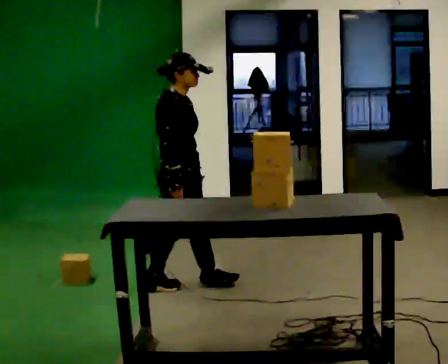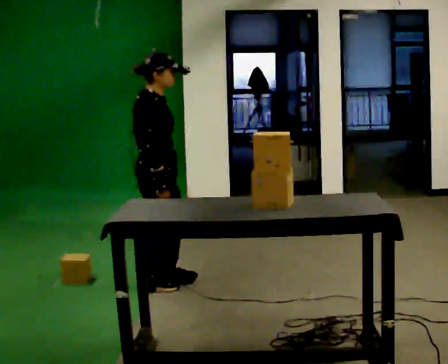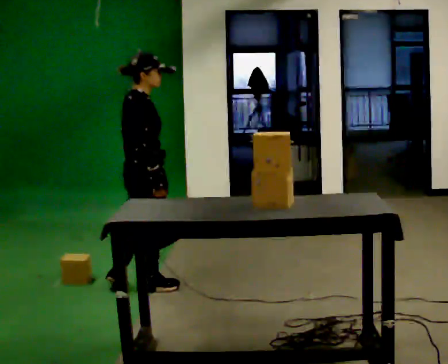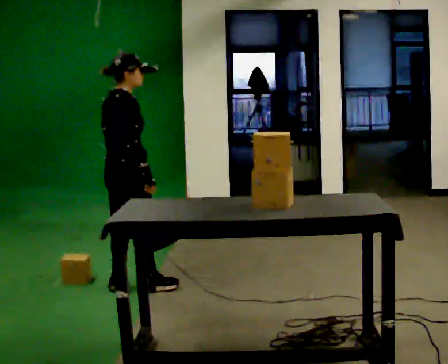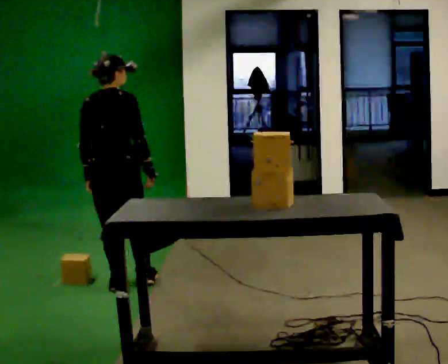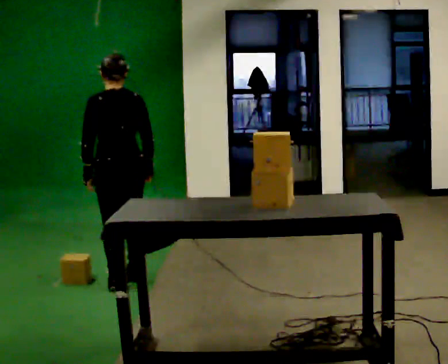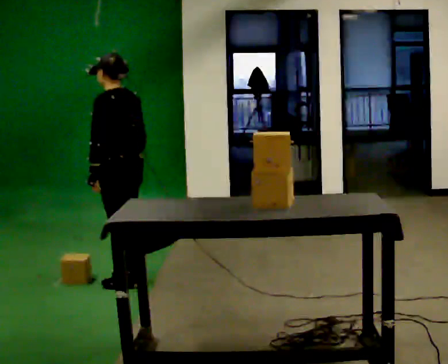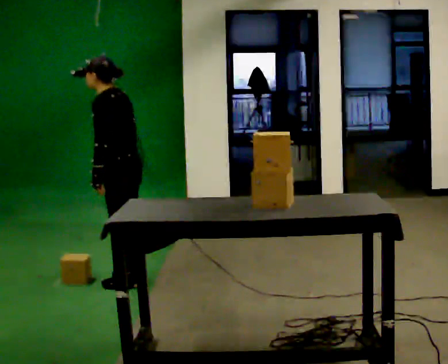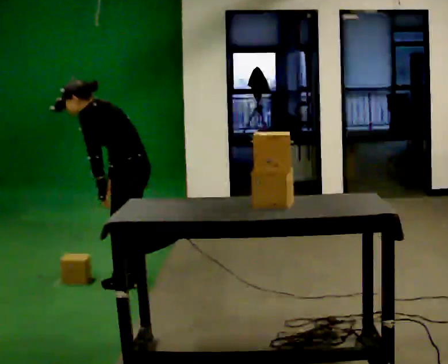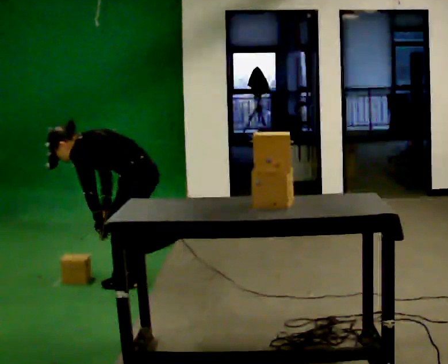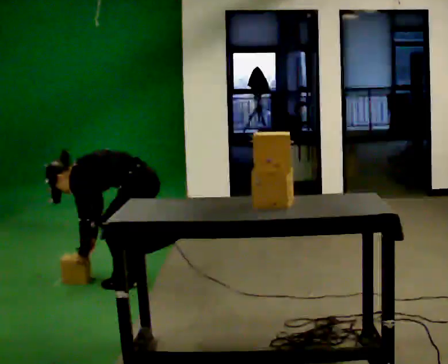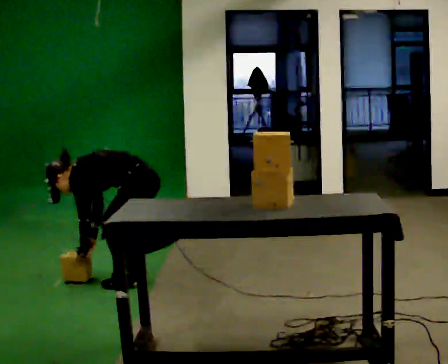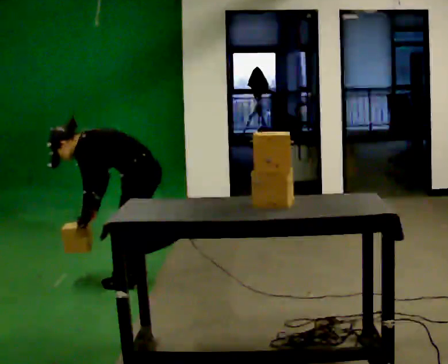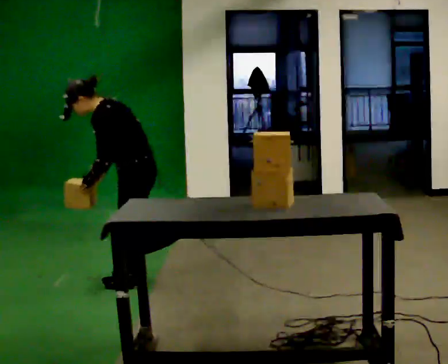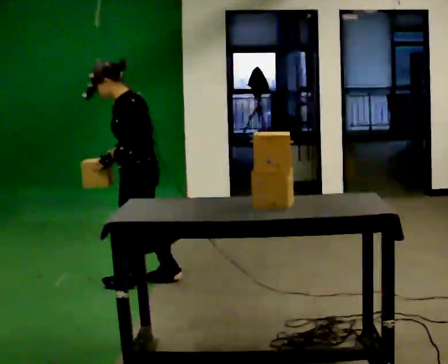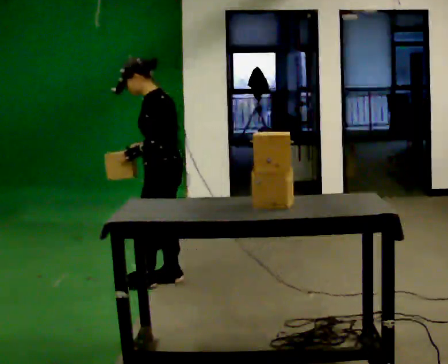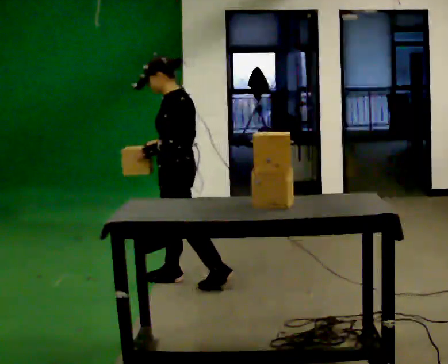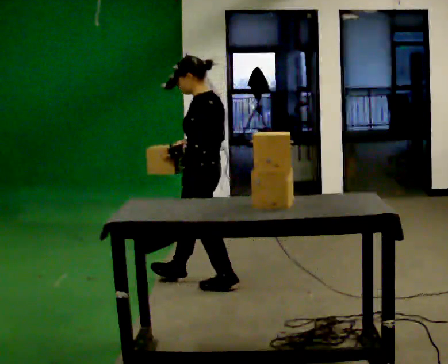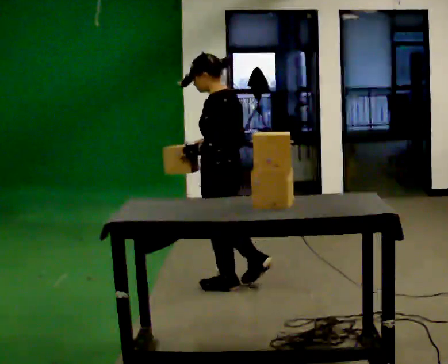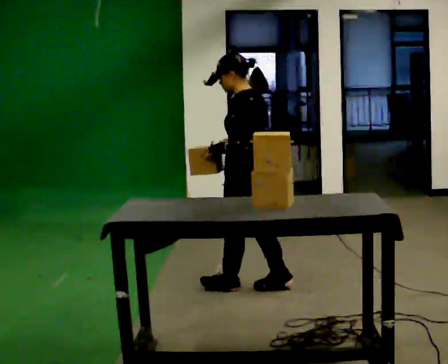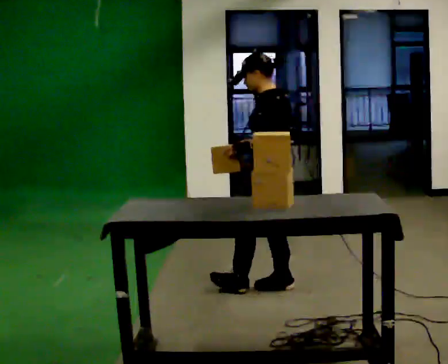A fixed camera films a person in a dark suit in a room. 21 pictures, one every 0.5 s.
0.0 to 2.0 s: Seen from above the body turns counterclockwise, about 90 degrees: to their left, with its near side sliding to the right. In the picture they go to the left, about 0.5 m in 2 steps.
2.0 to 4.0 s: The person turns about 105 degrees to their left, counterclockwise seen from above, so the part of the body nearest the lens slides to the right. In the picture the upper body tilts counterclockwise, shoulders to the left, as they bend forward.
4.0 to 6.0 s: The person moves a little, or ends about where they began.
6.0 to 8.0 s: In the picture they go to the right, about 0.25 m in 2 steps, which for them is backward. The shoulders move upward. In the picture the upper body tilts clockwise, shoulders to the right, as they lean back or straighten. In the picture their right hand goes to the right and upward.
8.0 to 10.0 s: In the picture they go to the right and toward the camera, about 0.5 m in 2 steps, which for them is backward.
The film runs backward here.
